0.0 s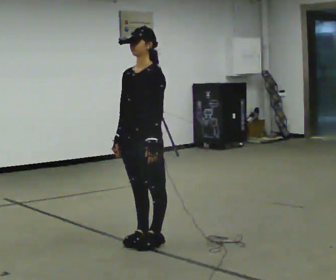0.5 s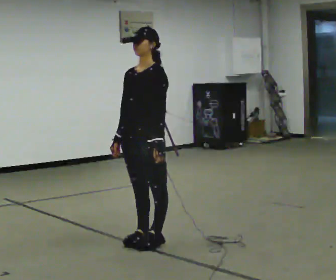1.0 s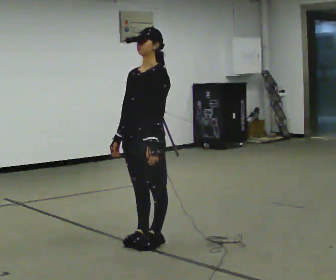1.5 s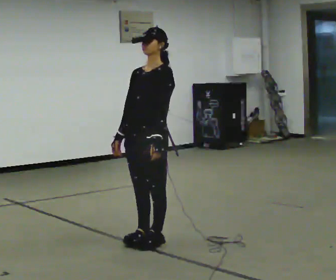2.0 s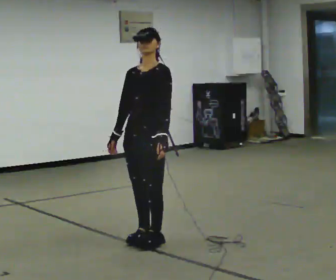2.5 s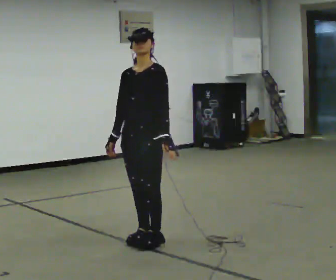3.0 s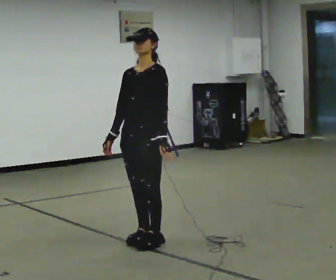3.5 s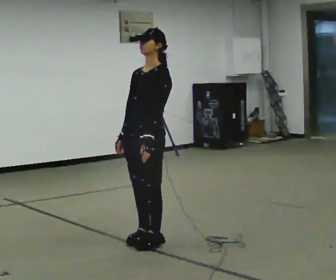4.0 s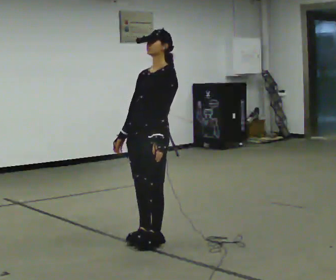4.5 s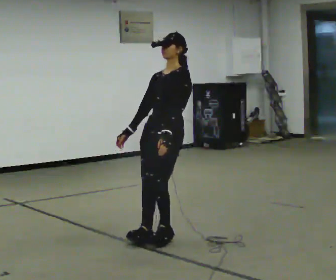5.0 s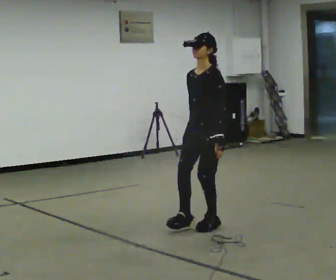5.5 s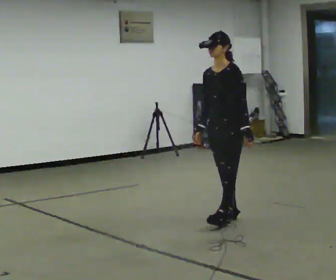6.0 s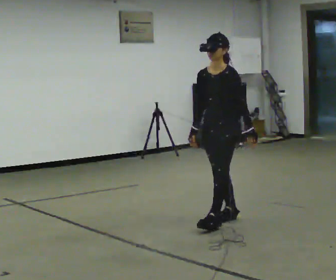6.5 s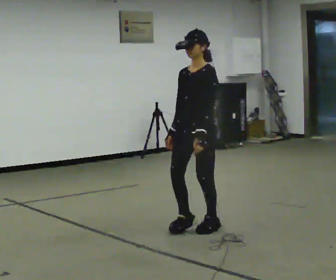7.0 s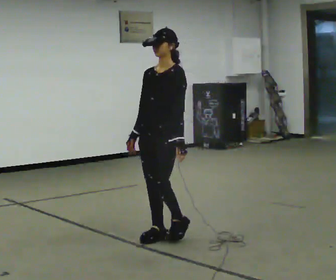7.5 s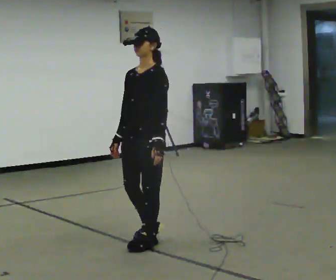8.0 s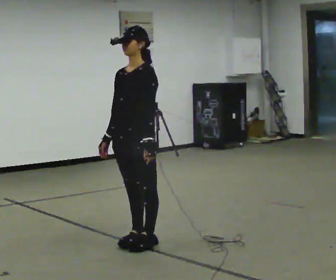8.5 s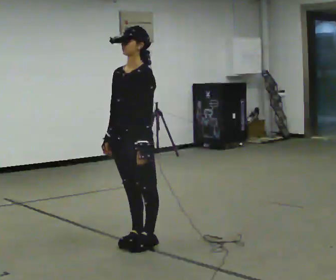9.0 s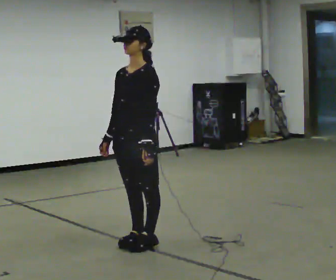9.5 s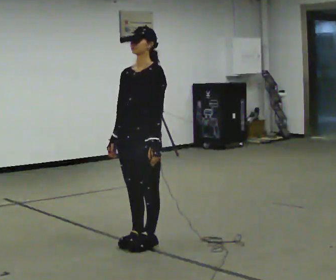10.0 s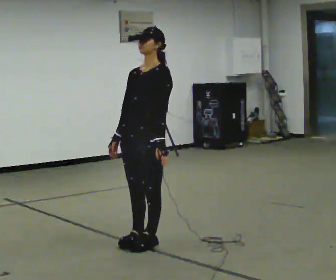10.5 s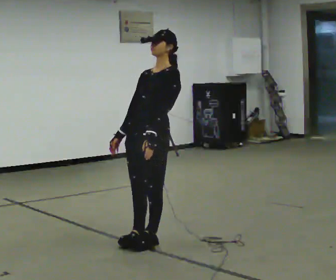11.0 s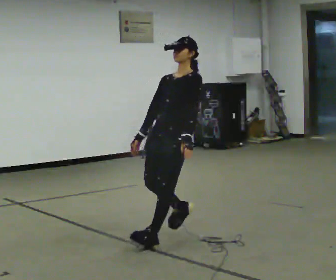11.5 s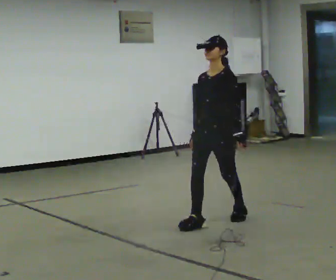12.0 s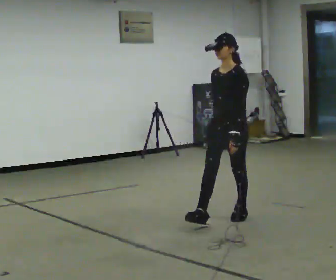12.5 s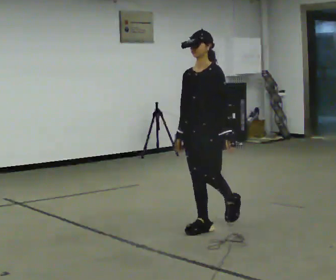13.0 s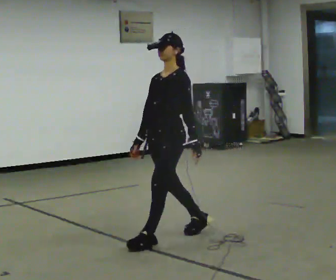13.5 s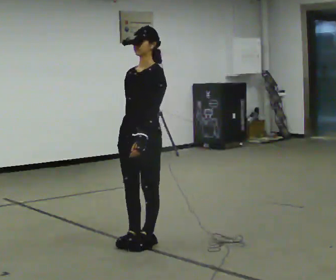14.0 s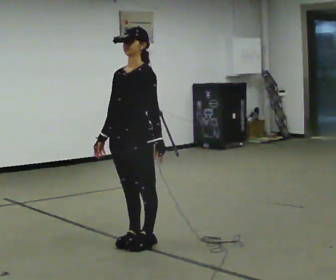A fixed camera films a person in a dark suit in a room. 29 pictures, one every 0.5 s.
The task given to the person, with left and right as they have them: Stand on the marked spots. Lean backward, keeping your body straight, until you cannot hold it, then step back to catch yourself. Return to the spots. Repeat at your own pace until the operator says stop. Go slowly and only as far as you are comfortable. Step whenever you need to; do not try to hold on longer than feels safe.
0.0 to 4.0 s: The person moves a little, or ends about where they began.
4.0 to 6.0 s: In the picture they go to the right and away from the camera, about 1 m in 2 steps, which for them is backward.
6.0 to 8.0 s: In the picture they go to the left and toward the camera, about 1 m in 3 steps, which for them is forward.
8.0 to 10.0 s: The person moves a little, or ends about where they began.
10.0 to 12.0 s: In the picture they go to the right and away from the camera, about 1 m in 2 steps, which for them is backward.
12.0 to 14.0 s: In the picture they go to the left and toward the camera, about 1 m in 2 steps, which for them is forward.
The film runs forward here.
